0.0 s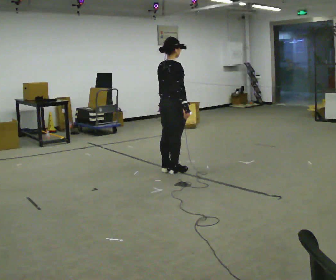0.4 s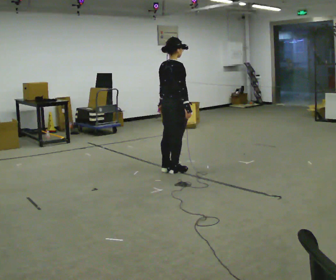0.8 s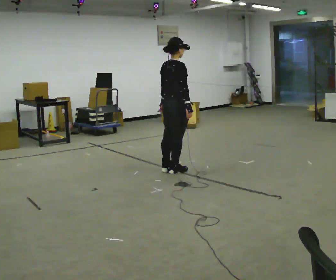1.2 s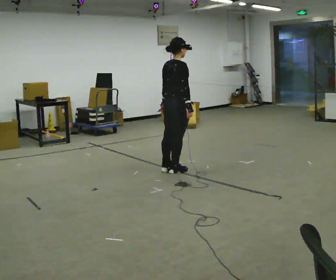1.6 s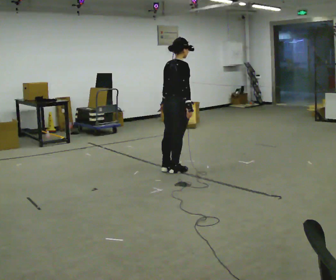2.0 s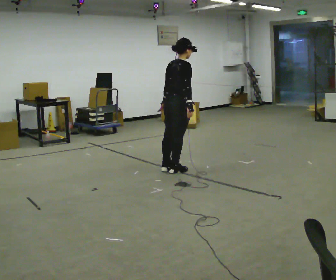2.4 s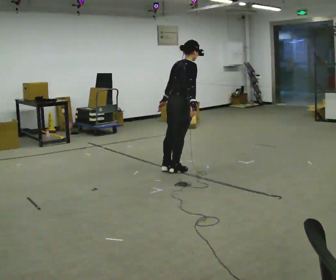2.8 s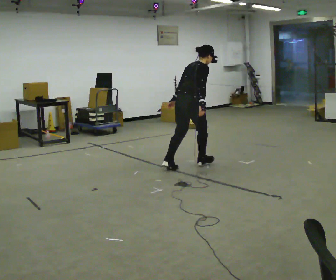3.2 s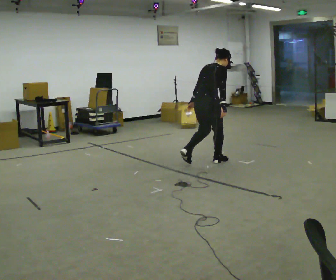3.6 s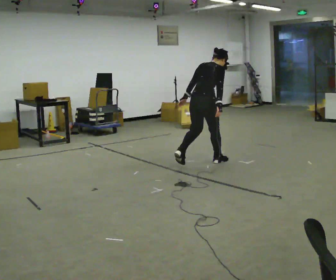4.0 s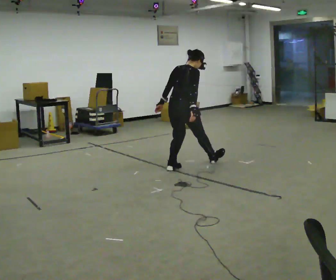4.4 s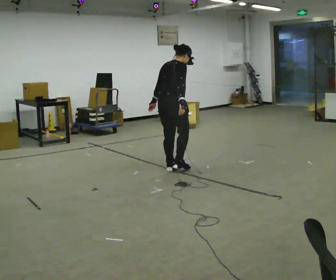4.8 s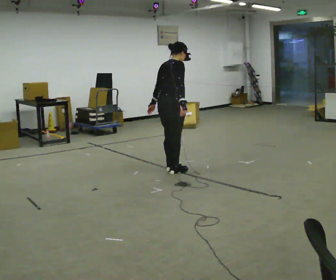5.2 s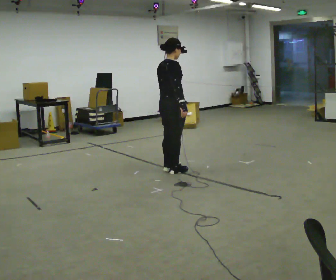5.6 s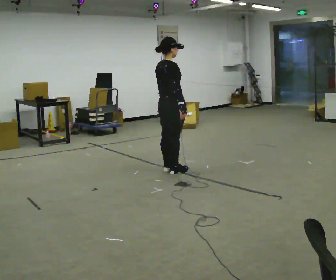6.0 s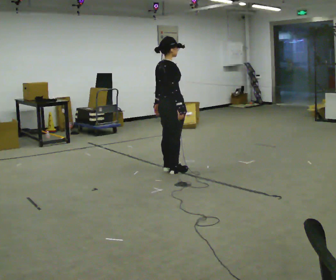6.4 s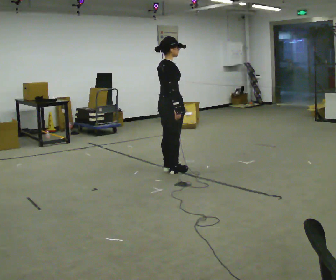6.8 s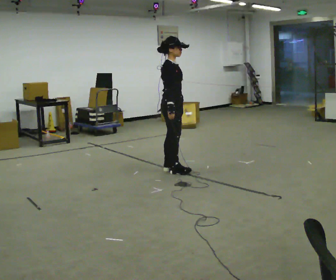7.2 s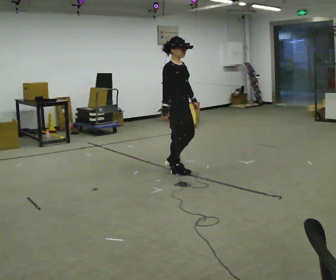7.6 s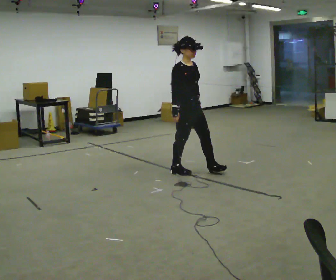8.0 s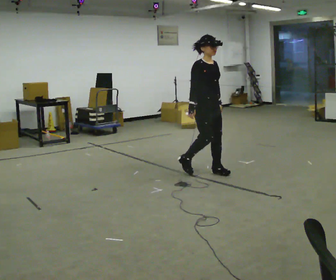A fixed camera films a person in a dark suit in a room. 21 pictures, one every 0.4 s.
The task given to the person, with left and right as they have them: Stand on the marked spots with your feet together. Lean forward from the ankles, keeping your body straight, until you cannot hold it any longer, then step forward to catch yourself. Return to the spots. Repeat at your own pace until the operator says stop. Go slowly and only as far as you are comfortable. Step whenever you need to; do not try to hold on longer than feels safe.
0.0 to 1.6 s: The person moves a little, or ends about where they began.
1.6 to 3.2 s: In the picture they go to the right and away from the camera, about 0.5 m in 1 step, which for them is forward. In the picture the upper body tilts clockwise, shoulders to the right, as they bend forward.
3.2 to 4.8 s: In the picture they go to the left and toward the camera, about 0.5 m in 3 steps, which for them is backward. In the picture the upper body tilts counterclockwise, shoulders to the left.
4.8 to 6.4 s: The person moves a little, or ends about where they began.
6.4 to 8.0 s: Seen from above the body turns clockwise, about 60 degrees: to their right, with its near side sliding to the left. In the picture they go to the right, about 0.5 m in 1 step.
The film runs forward here.
